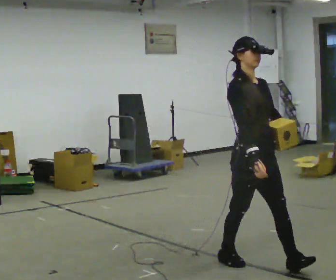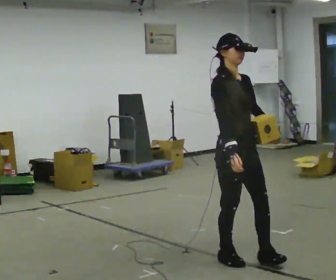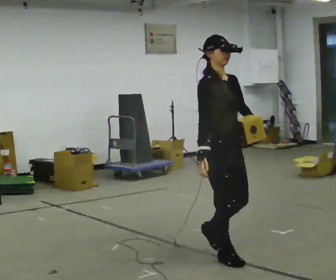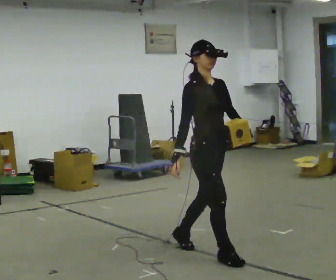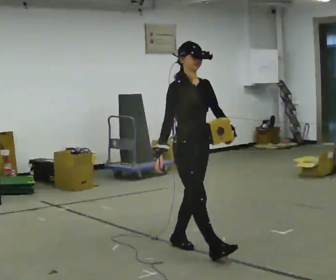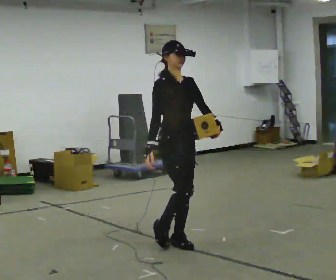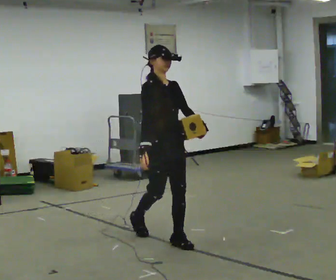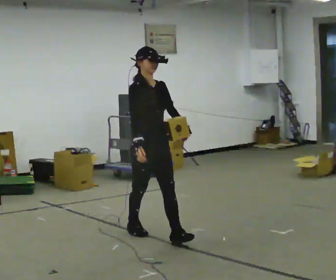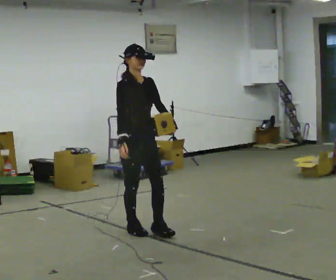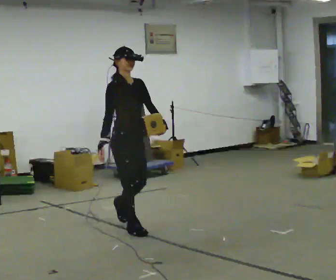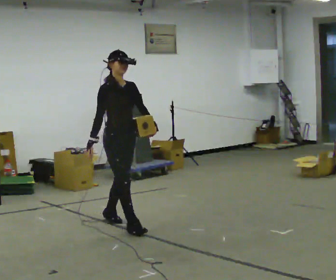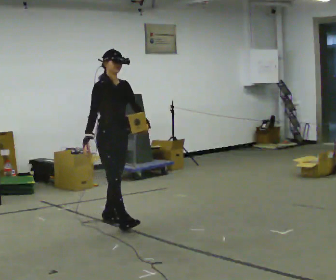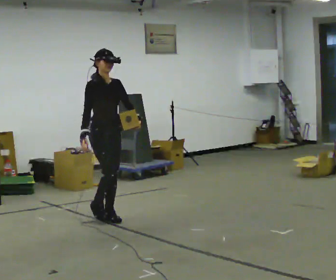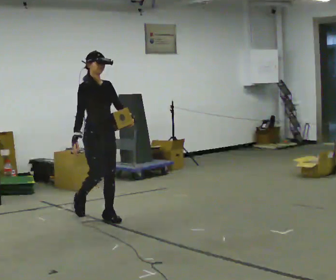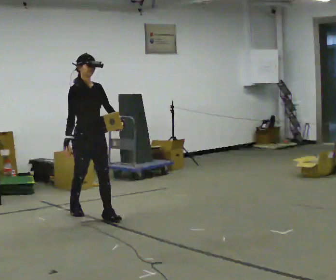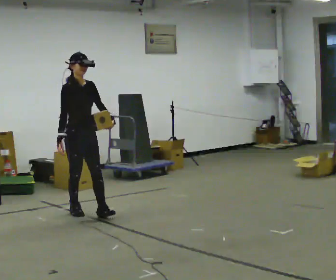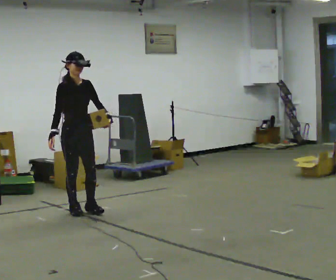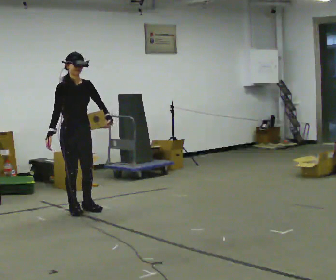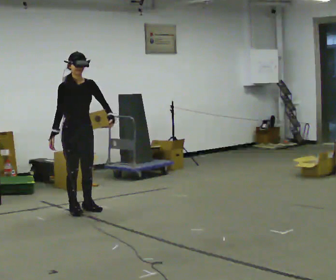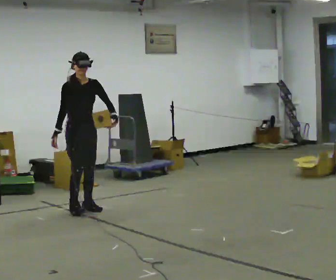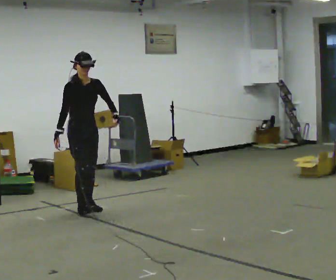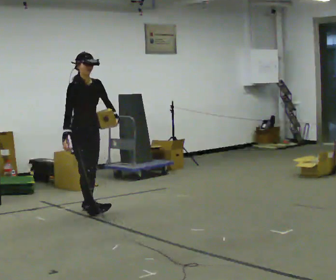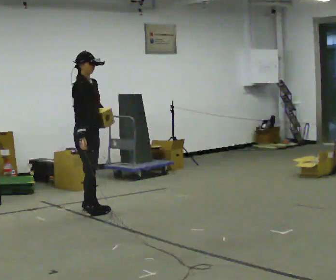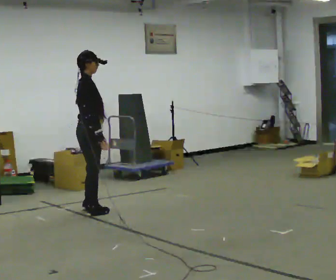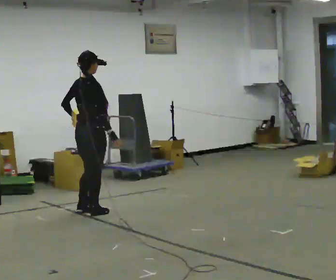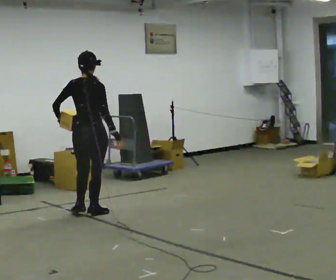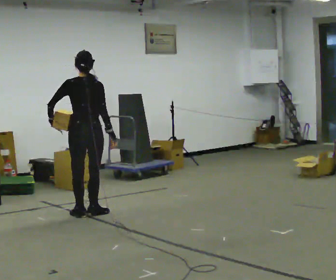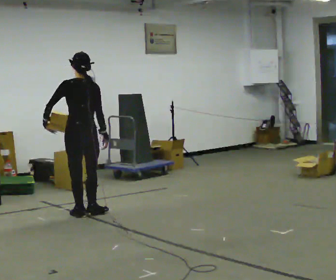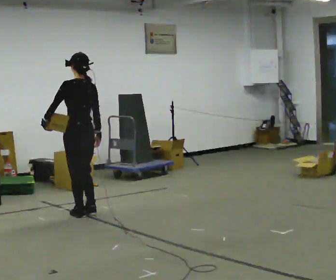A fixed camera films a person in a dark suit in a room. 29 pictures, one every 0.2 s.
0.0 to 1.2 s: In the picture they go away from the camera and to the left, about 1 m in 1 step, which for them is backward.
1.2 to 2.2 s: In the picture they go away from the camera, about 1 m in 2 steps, which for them is backward.
2.2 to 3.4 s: In the picture they go away from the camera and to the left, about 0.5 m in 1 step, which for them is backward.
3.4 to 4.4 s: The person turns about 30 degrees to their left, counterclockwise seen from above, so the part of the body nearest the lens slides to the right.
4.4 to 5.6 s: Seen from above the body turns counterclockwise, about 150 degrees: to their left, with its near side sliding to the right. In the picture their left hand goes to the left, the arm swinging clockwise.
The film runs backward here.
